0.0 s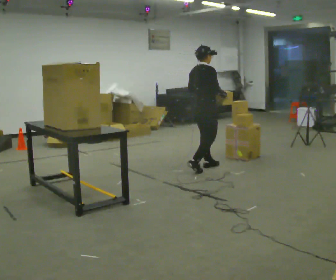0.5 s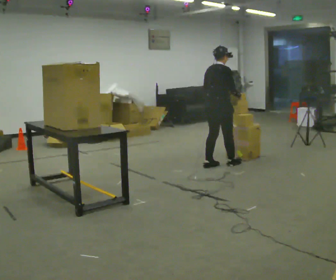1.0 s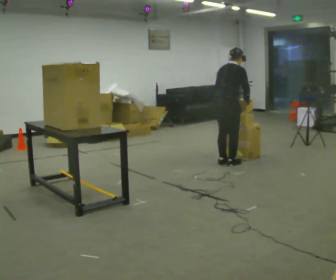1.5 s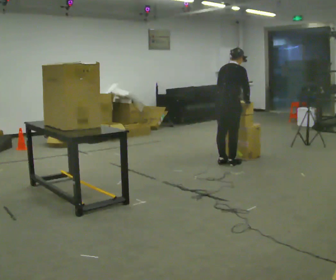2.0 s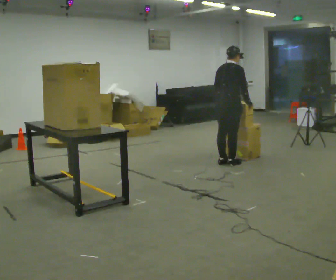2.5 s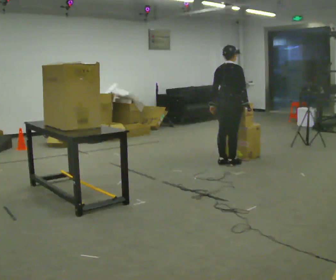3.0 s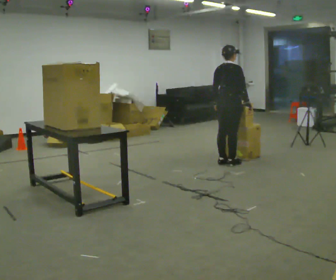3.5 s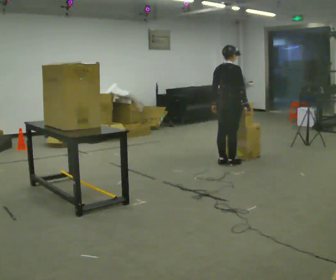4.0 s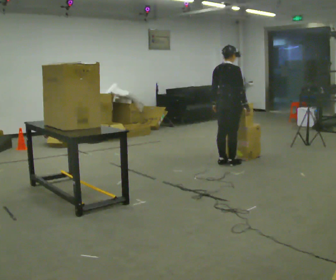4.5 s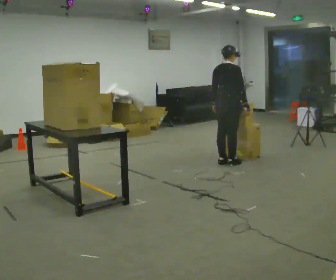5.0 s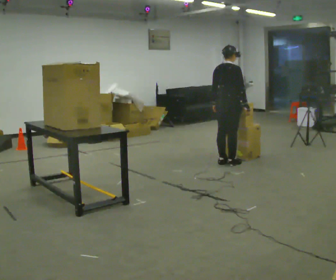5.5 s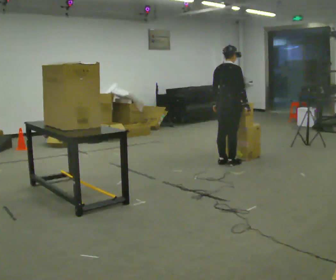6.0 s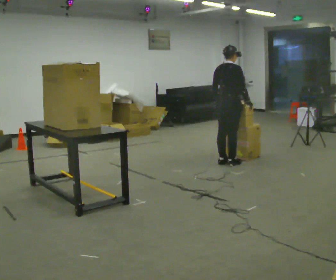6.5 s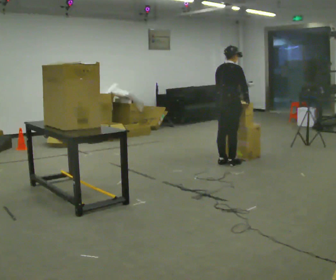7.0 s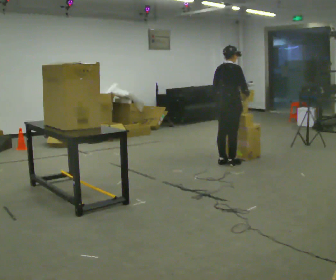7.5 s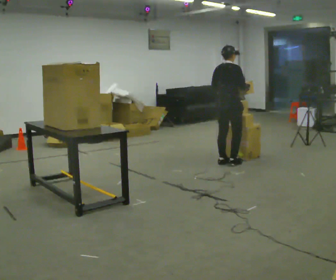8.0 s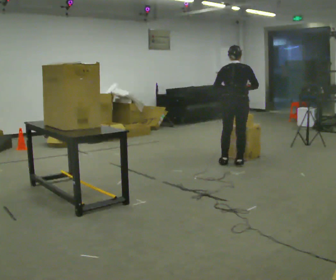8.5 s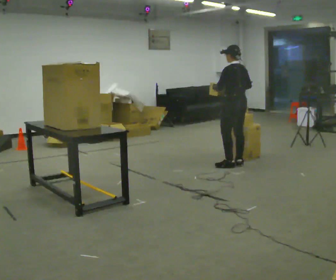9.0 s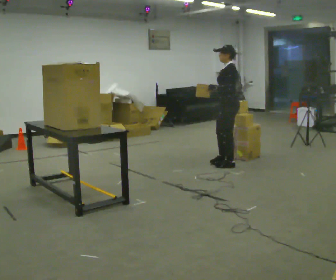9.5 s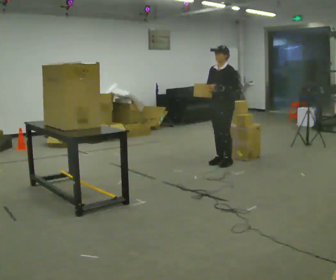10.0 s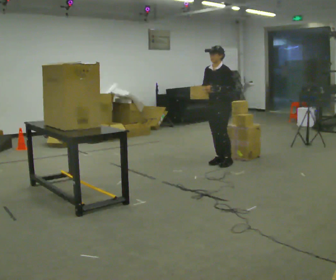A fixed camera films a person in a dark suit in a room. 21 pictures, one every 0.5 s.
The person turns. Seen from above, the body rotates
counterclockwise.
The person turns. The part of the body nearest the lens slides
to the right.
0.0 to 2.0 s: In the picture they go away from the camera and to the right, about 0.5 m in 2 steps, which for them is forward.
2.0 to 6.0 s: The person moves a little, or ends about where they began.
6.0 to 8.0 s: The part of the body nearest the lens slides to the right as the person turns to their left by about 45 degrees.
8.0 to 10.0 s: The part of the body nearest the lens slides to the right as the person turns to their left by about 135 degrees. In the picture they go to the left, about 0.25 m in 3 steps.
The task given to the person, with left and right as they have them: Take an object down from the highest shelf you can comfortably reach, carry it across, and place it on the waist-height shelf. Keep going until the operator says stop; one object at a time, and do not rush between trips.
The film runs forward here.
